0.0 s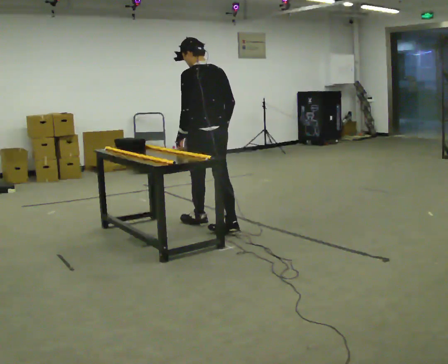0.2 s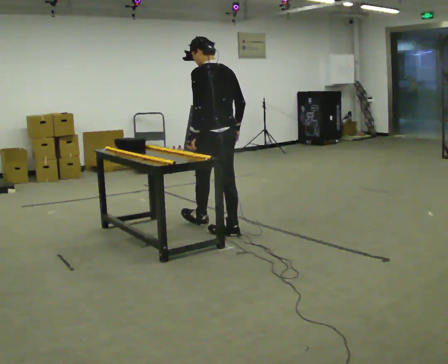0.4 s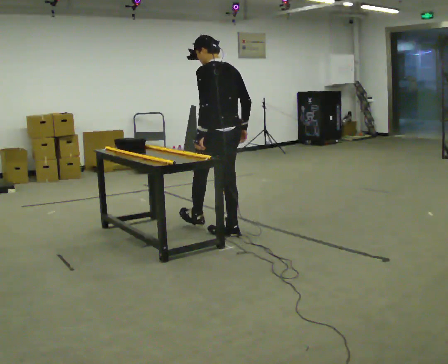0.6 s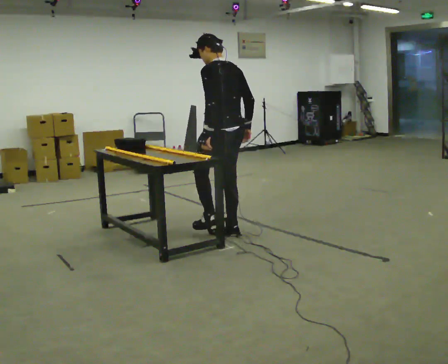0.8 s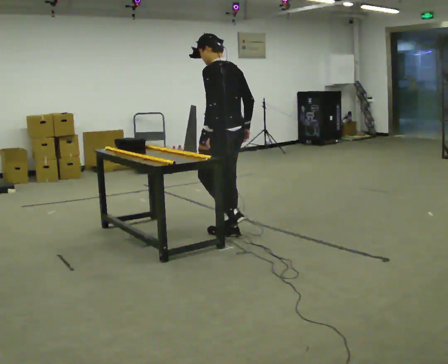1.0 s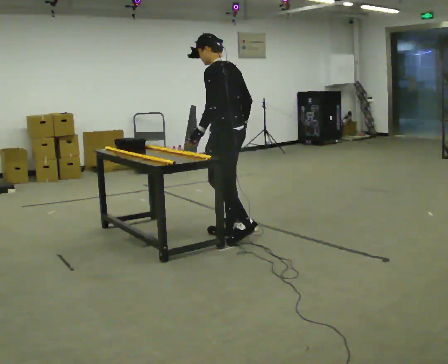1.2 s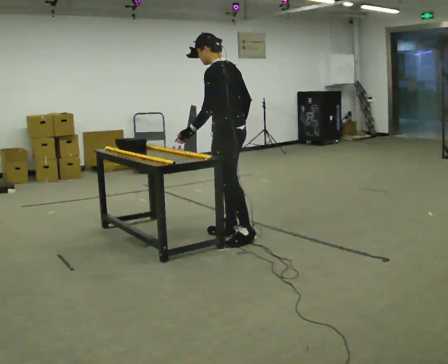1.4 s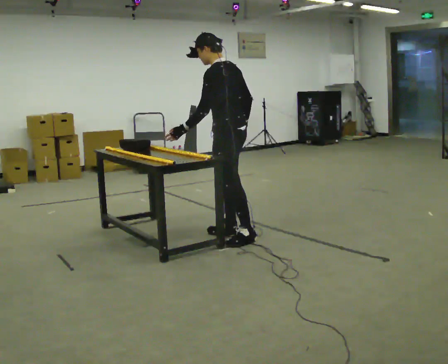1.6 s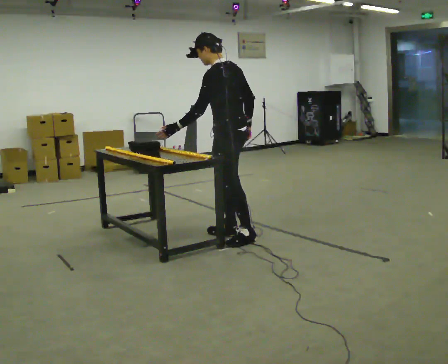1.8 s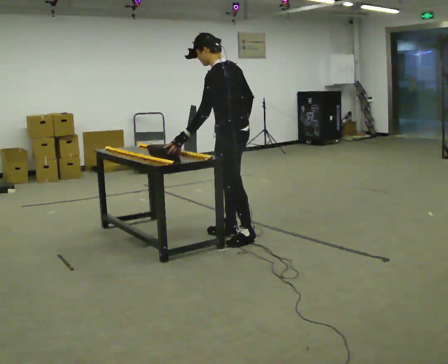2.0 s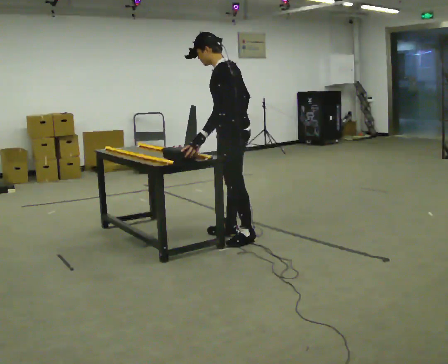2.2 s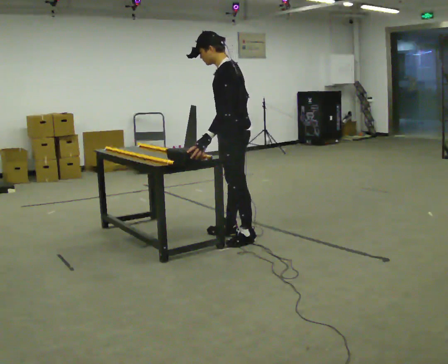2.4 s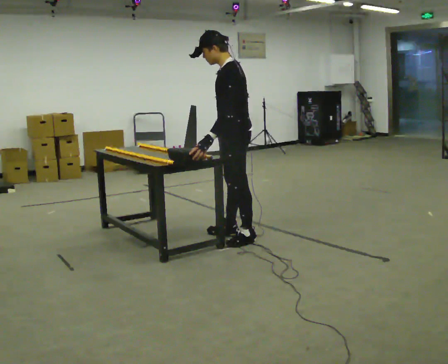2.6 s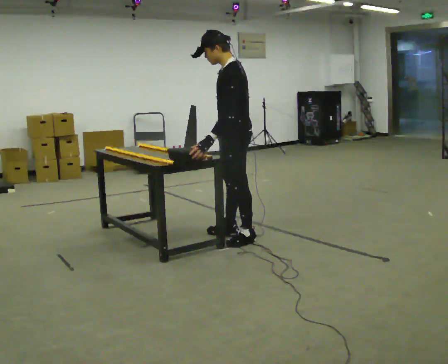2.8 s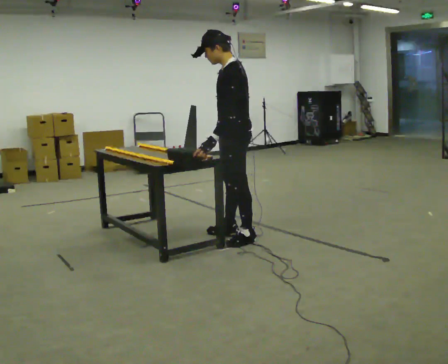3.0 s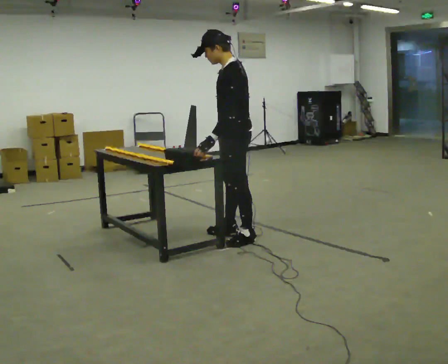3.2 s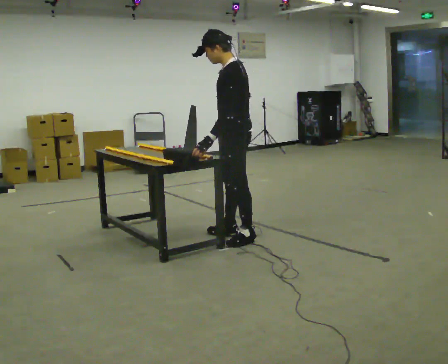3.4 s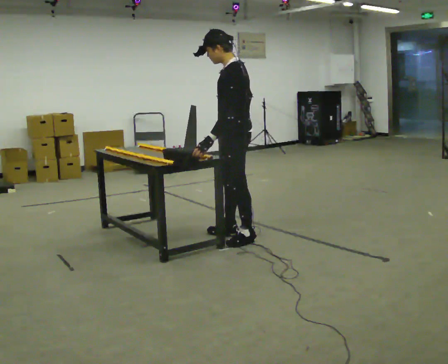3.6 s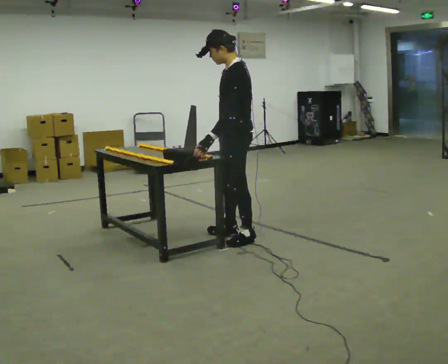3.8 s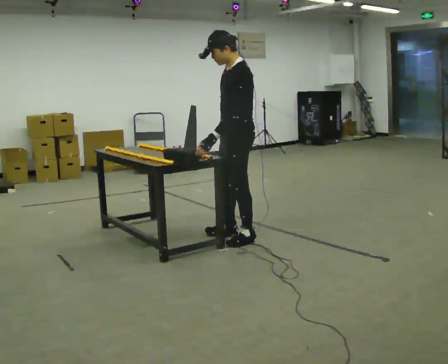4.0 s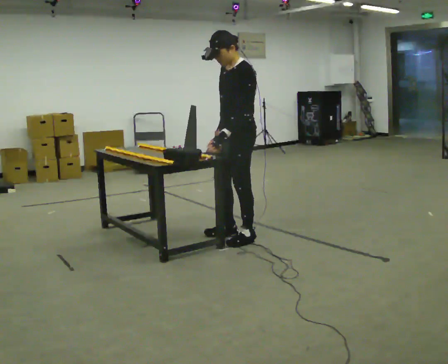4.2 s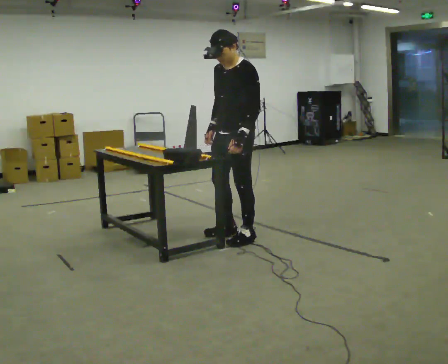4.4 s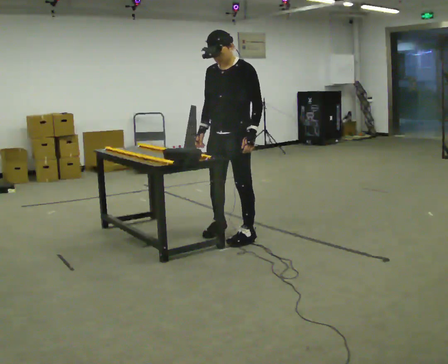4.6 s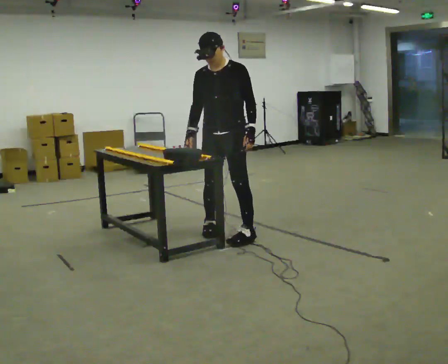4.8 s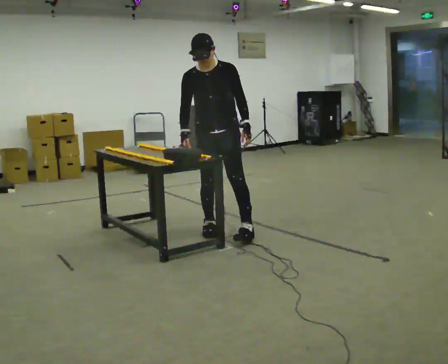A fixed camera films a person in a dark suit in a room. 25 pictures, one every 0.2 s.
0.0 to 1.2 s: The person turns about 45 degrees to their left, counterclockwise seen from above, so the part of the body nearest the lens slides to the right. In the picture they go toward the camera and to the right, about 0.25 m in 1 step, which for them is backward.
1.2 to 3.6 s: In the picture they go toward the camera, about 0.25 m, which for them is to their left.
3.6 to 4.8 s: The person turns about 75 degrees to their left, counterclockwise seen from above, so the part of the body nearest the lens slides to the right. In the picture they go away from the camera and to the left, about 0.25 m in 2 steps.
The film runs backward here.
